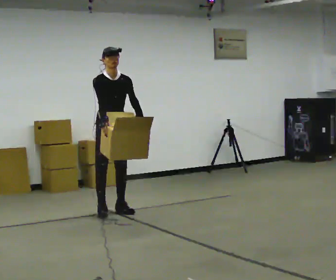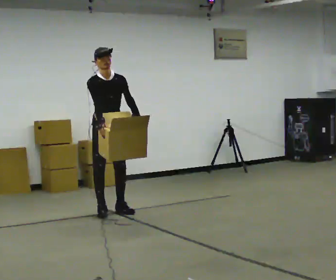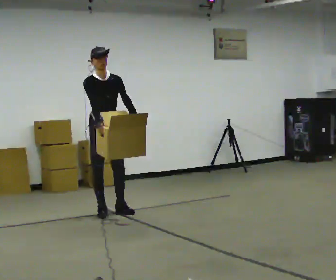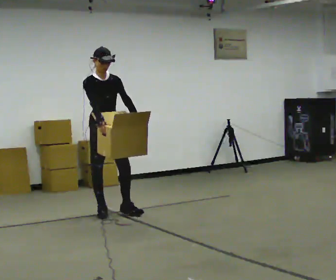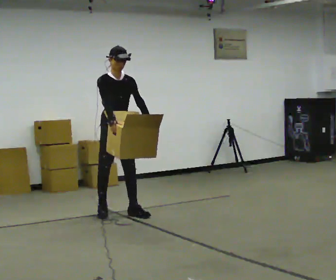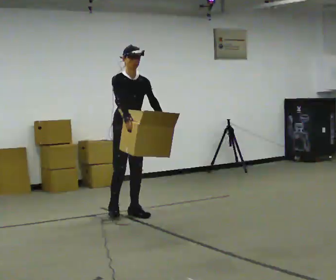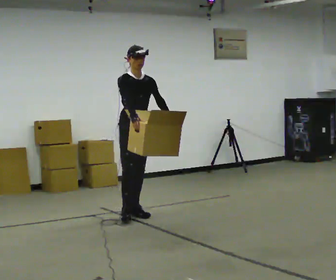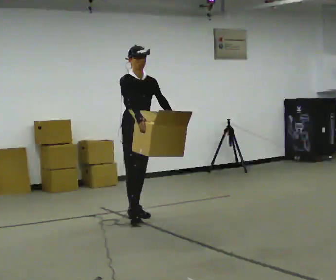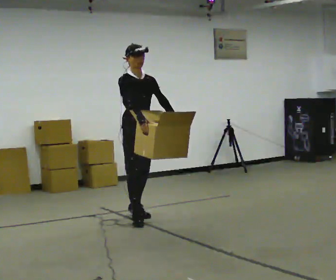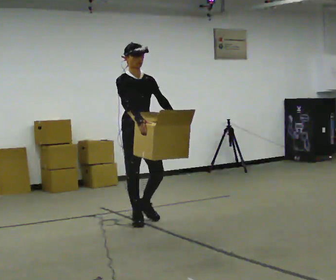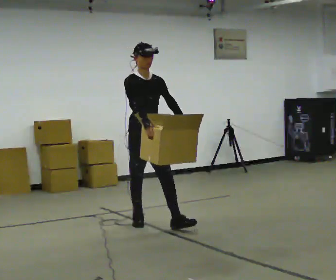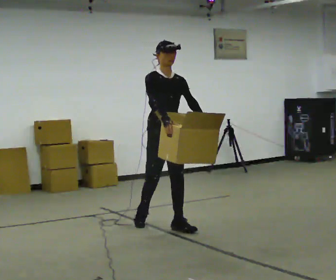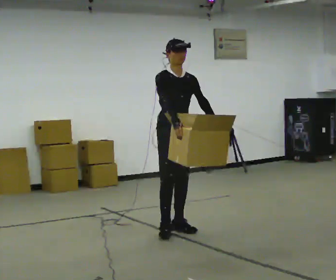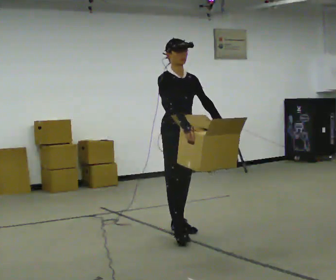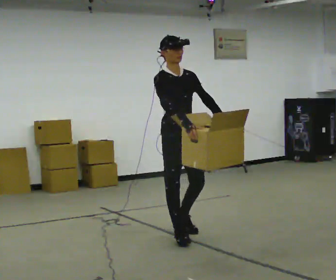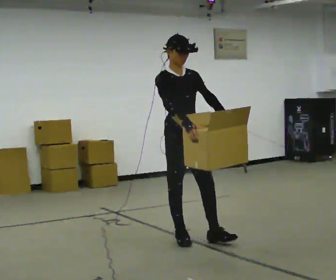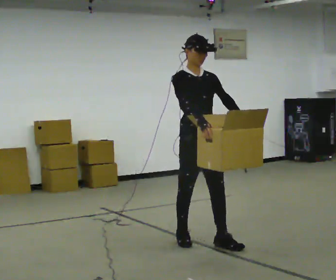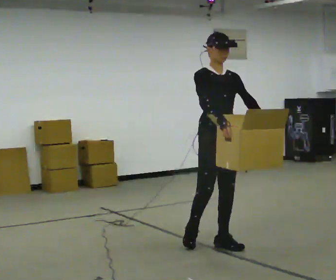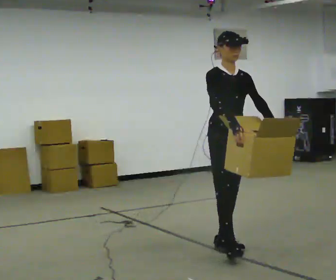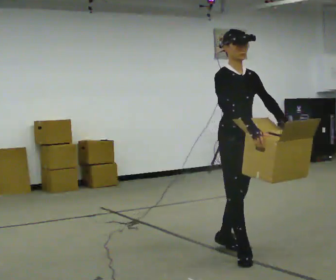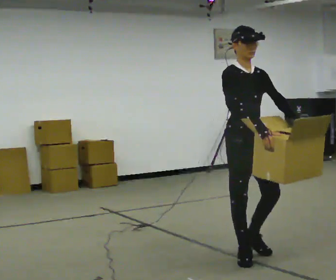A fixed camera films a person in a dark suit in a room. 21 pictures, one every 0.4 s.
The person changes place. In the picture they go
toward the camera.
0.0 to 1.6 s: The person moves a little, or ends about where they began.
1.6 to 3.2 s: In the picture they go toward the camera and to the right, about 0.5 m in 1 step, which for them is forward.
3.2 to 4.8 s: In the picture they go toward the camera and to the right, about 0.5 m in 1 step, which for them is forward.
4.8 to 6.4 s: In the picture they go toward the camera, about 0.5 m in 2 steps, which for them is forward.
6.4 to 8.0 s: In the picture they go toward the camera and to the right, about 0.5 m in 1 step, which for them is forward.
The film runs forward here.
